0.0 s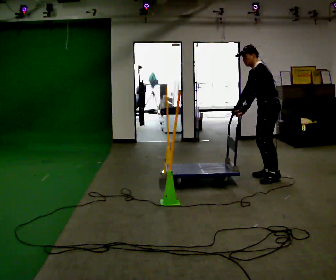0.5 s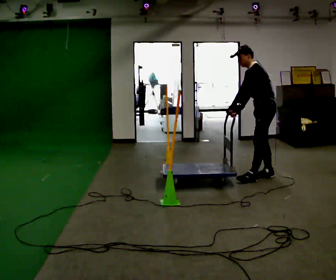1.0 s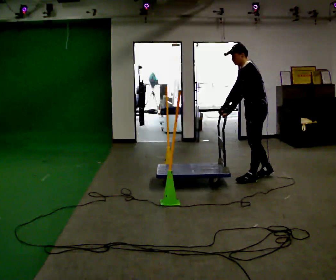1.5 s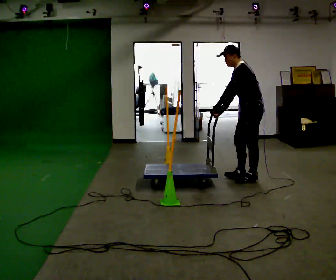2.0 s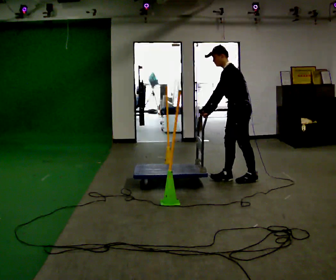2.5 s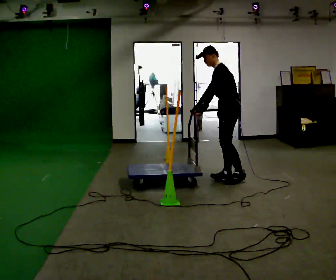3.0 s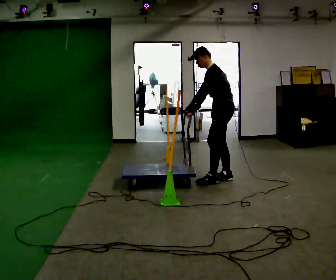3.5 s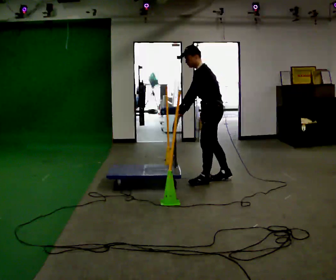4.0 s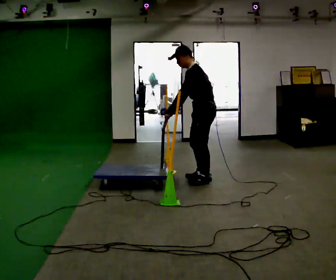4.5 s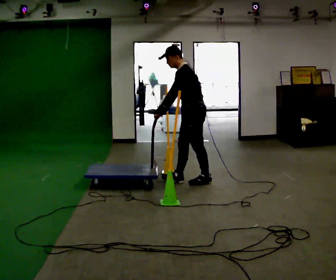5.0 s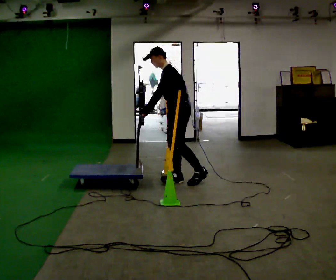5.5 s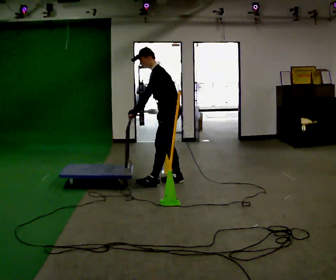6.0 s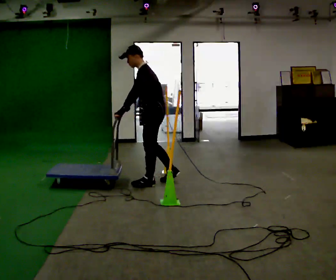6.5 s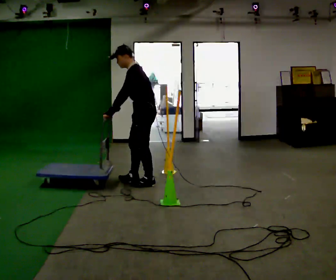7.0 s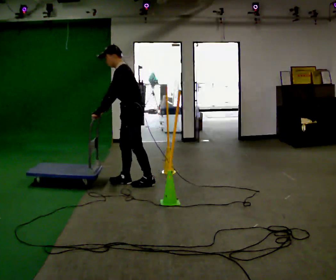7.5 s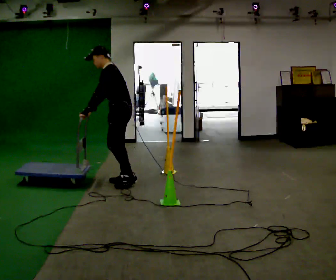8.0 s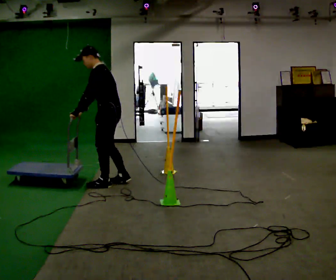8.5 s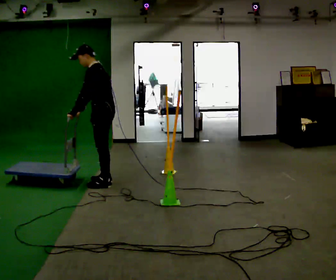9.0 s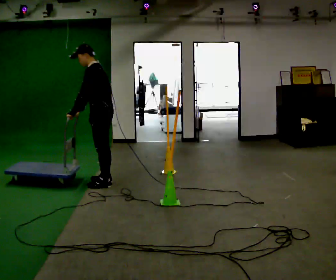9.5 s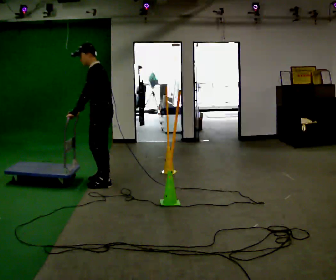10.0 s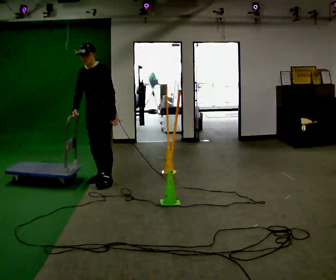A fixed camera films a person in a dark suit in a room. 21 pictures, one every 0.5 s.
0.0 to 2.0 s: In the picture they go to the left, about 0.5 m in 2 steps, which for them is forward.
2.0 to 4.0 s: In the picture they go to the left, about 0.5 m in 1 step, which for them is forward.
4.0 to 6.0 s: In the picture they go to the left, about 0.5 m in 2 steps, which for them is forward.
6.0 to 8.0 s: In the picture they go to the left, about 0.5 m in 2 steps, which for them is forward.
8.0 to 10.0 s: Seen from above the body turns counterclockwise, about 60 degrees: to their left, with its near side sliding to the right. In the picture they go away from the camera and to the left, about 0.25 m in 2 steps, which for them is to their right and forward.
The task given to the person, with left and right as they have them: Push the cart in and out of the line of poles without touching any of them. Keep going until the operator says stop.
The film runs forward here.
